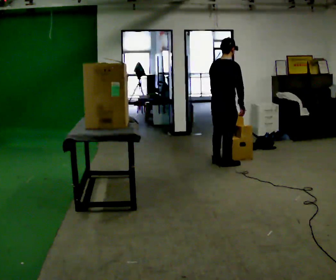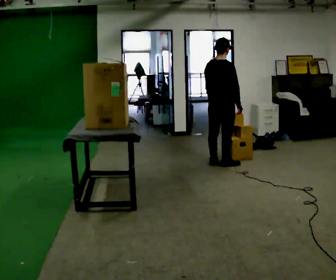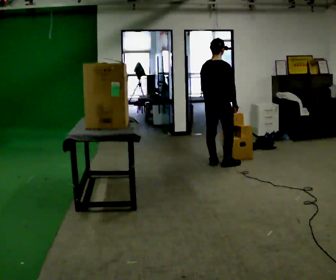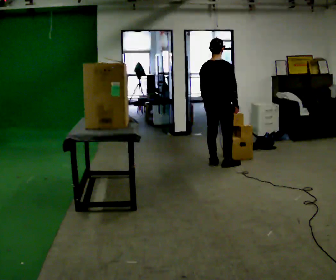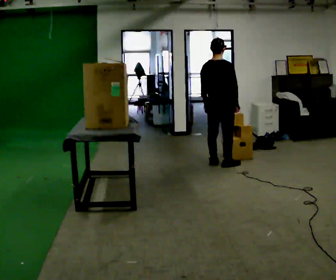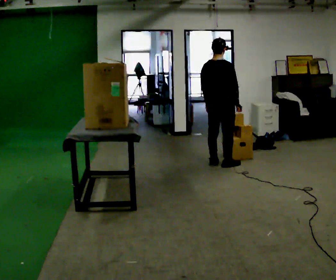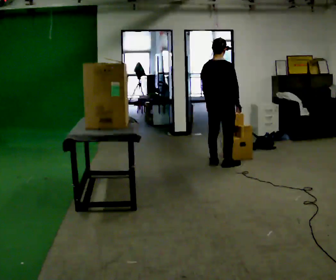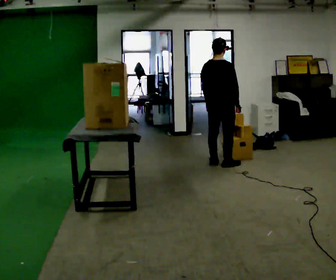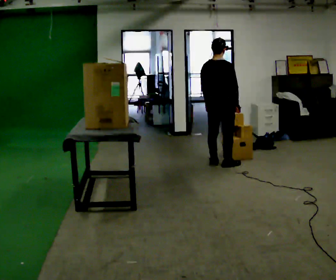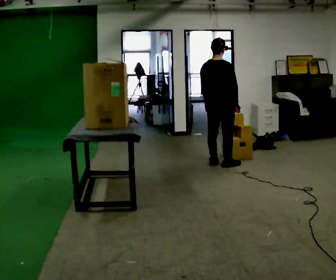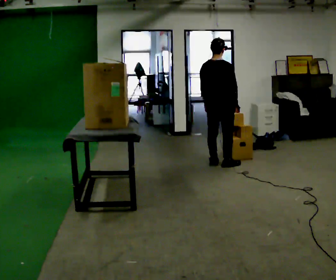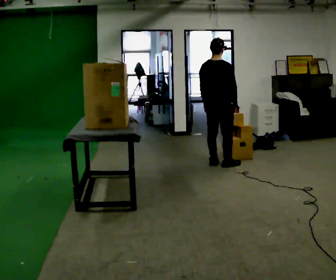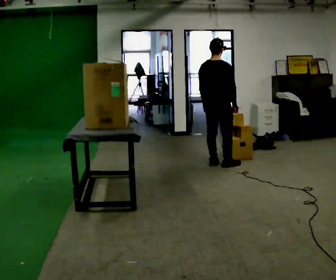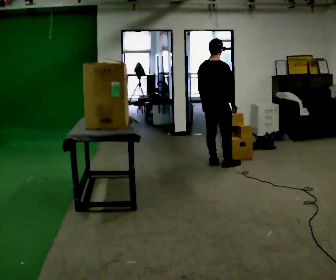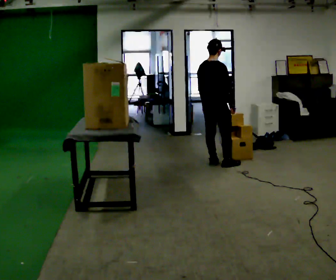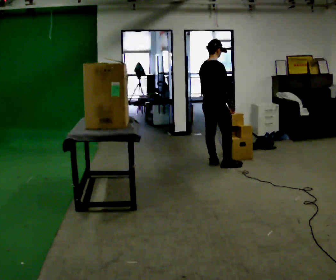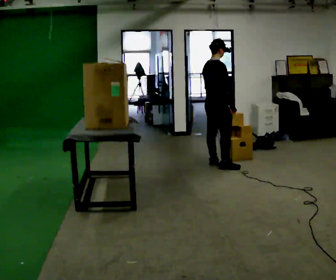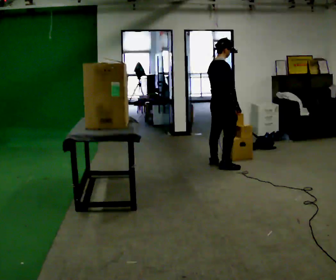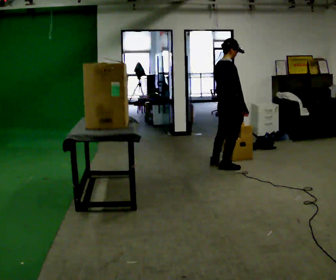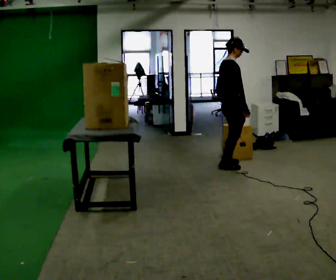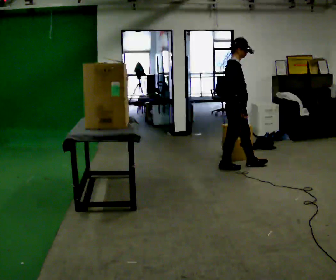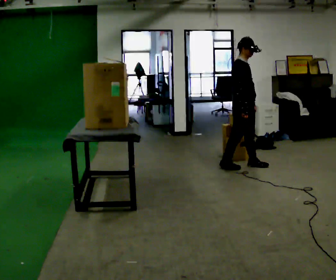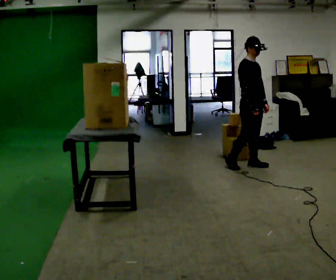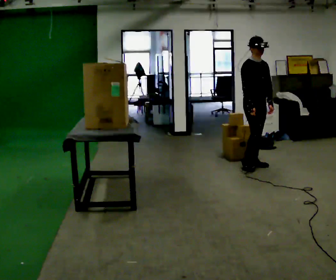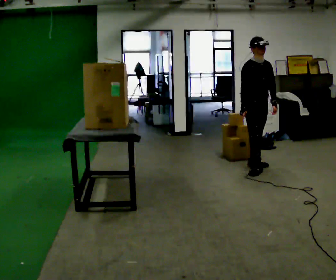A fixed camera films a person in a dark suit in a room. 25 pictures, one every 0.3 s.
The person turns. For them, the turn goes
to their right.
The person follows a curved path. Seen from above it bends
counterclockwise.
0.0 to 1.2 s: The person moves a little, or ends about where they began.
1.2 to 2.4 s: The person keeps their place and pose.
2.4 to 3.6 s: The person moves a little, or ends about where they began.
3.6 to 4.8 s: The part of the body nearest the lens slides to the left as the person turns to their right by about 30 degrees.
4.8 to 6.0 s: Seen from above the body turns clockwise, about 30 degrees: to their right, with its near side sliding to the left. In the picture they go to the right and toward the camera, about 0.25 m, which for them is to their right.
6.0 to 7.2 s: The person turns about 60 degrees to their right, clockwise seen from above, so the part of the body nearest the lens slides to the left. In the picture they go to the right, about 0.25 m in 2 steps, which for them is forward and to their left.
The film runs forward here.
